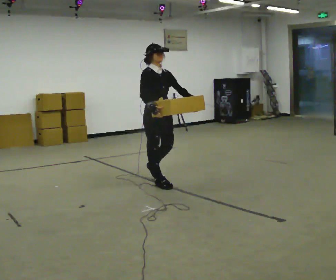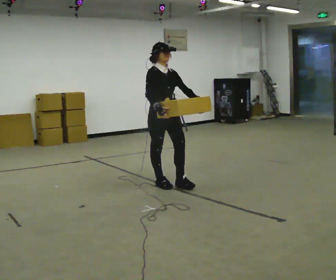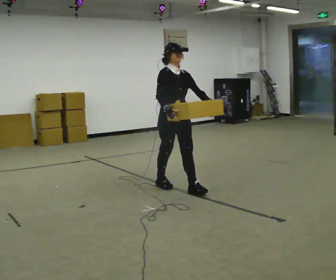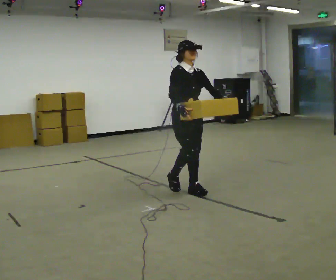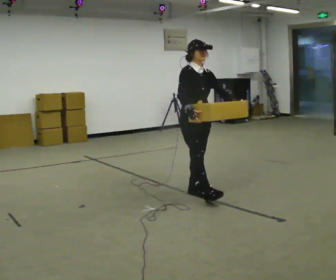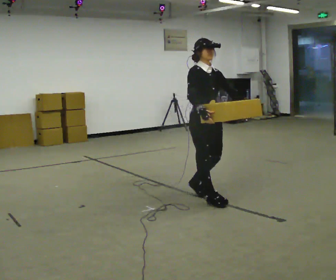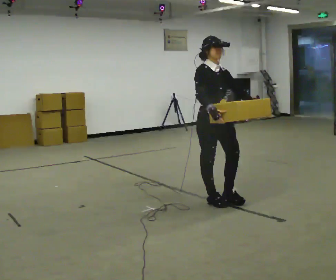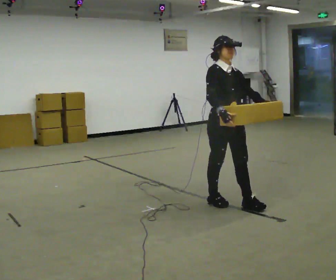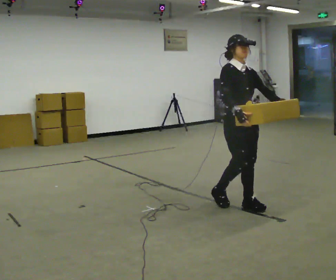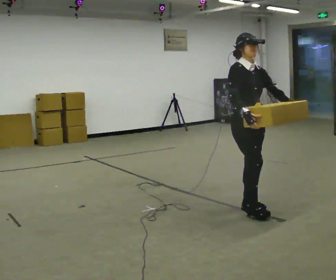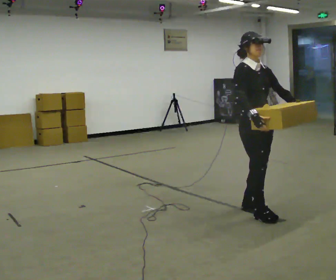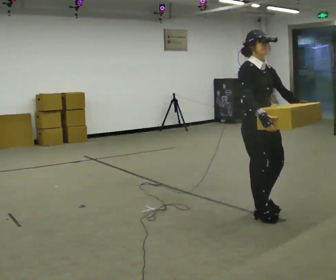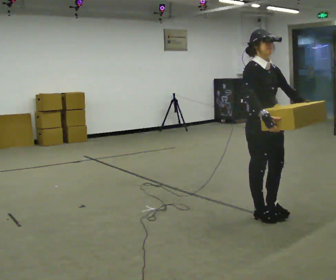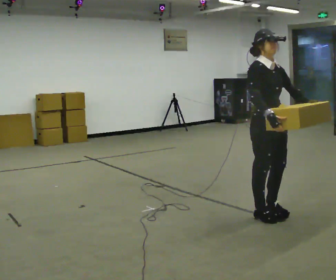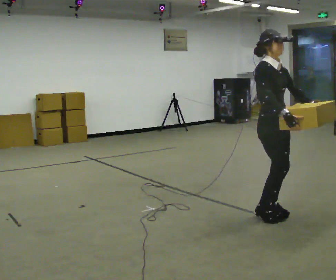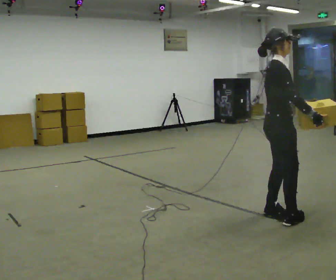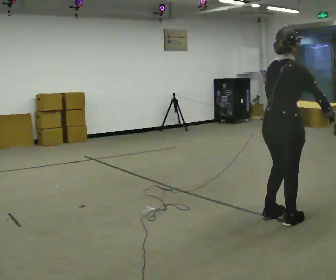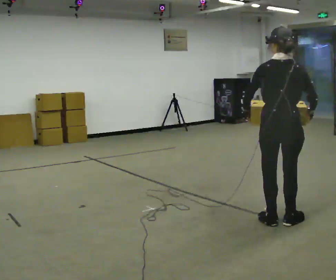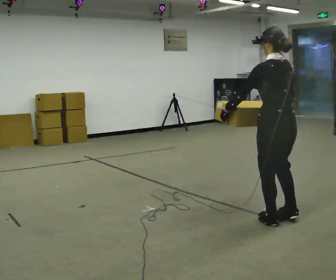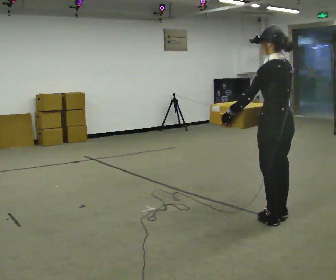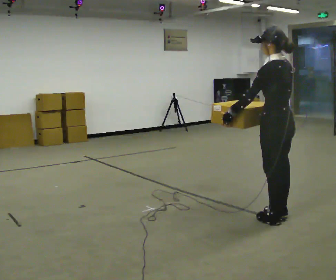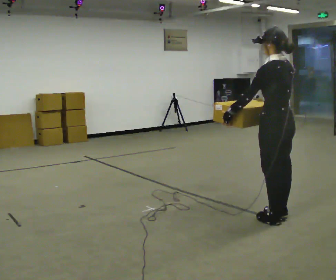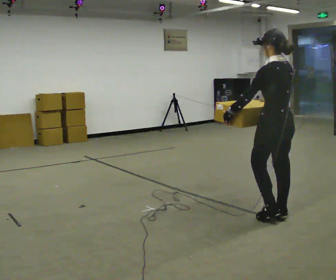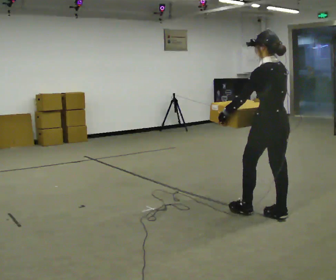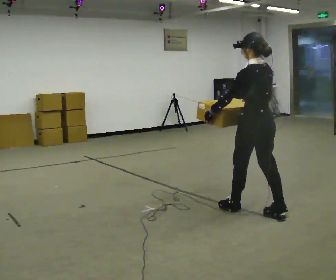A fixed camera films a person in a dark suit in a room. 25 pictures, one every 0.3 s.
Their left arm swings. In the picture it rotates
clockwise.
0.0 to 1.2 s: In the picture they go to the right and toward the camera, about 0.75 m in 1 step, which for them is forward.
1.2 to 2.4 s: In the picture they go to the right and toward the camera, about 0.5 m in 2 steps, which for them is forward.
2.4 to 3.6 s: In the picture they go toward the camera and to the right, about 0.25 m in 2 steps, which for them is forward.
3.6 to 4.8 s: The person turns about 90 degrees to their left, counterclockwise seen from above, so the part of the body nearest the lens slides to the right. In the picture they go toward the camera and to the right, about 0.25 m in 1 step.
4.8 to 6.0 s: Seen from above the body turns counterclockwise, about 105 degrees: to their left, with its near side sliding to the right. In the picture their left hand goes to the left.
6.0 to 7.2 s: In the picture they go to the left and away from the camera, about 0.25 m in 1 step, which for them is forward.
The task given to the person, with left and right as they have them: Carry the medium box in both hands in front of you, walking back and forth across the room. Keep walking until the operator says stop.
The film runs forward here.
